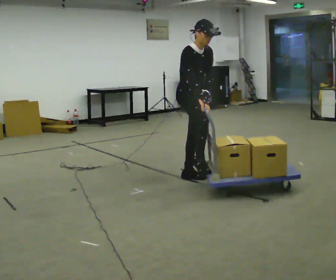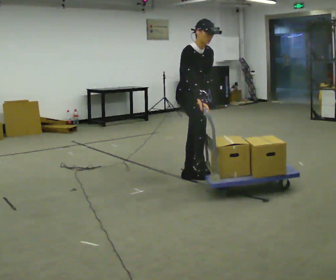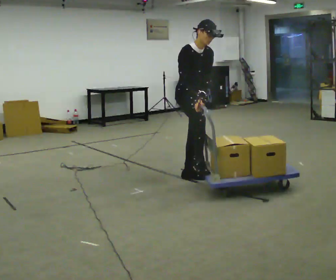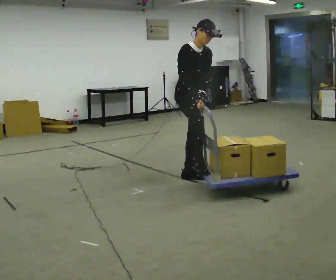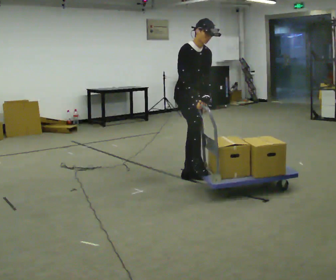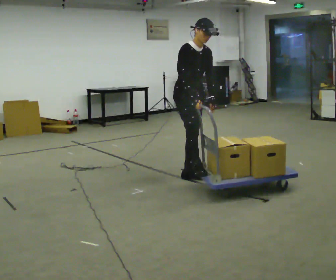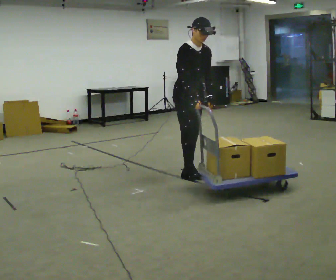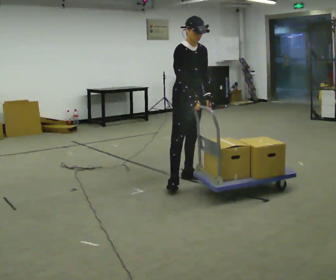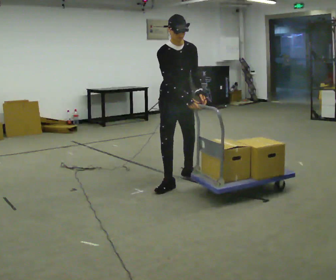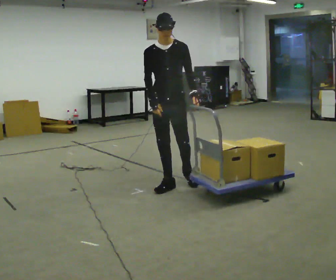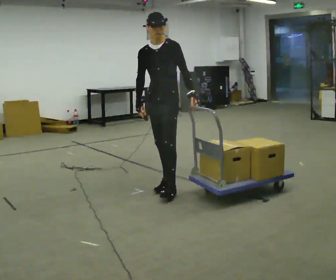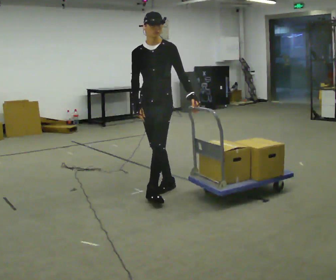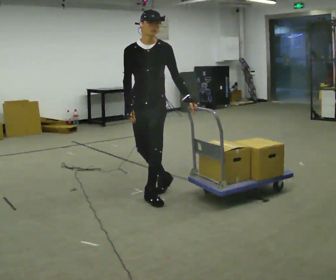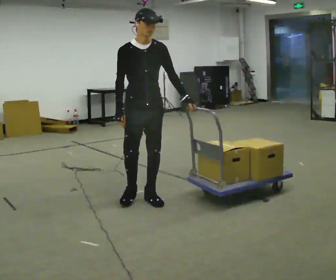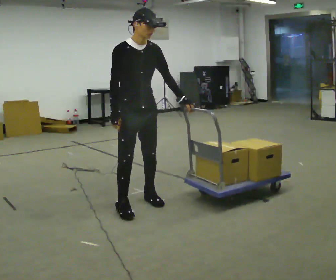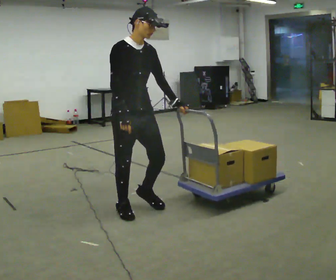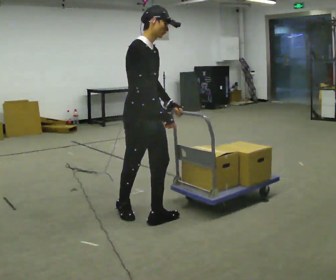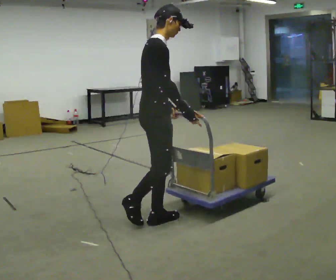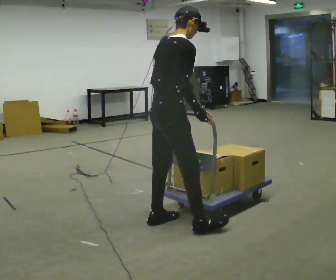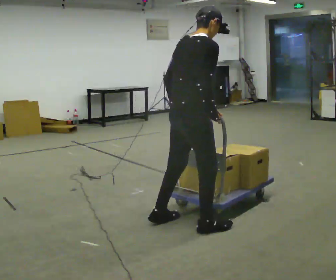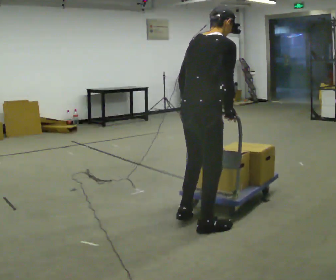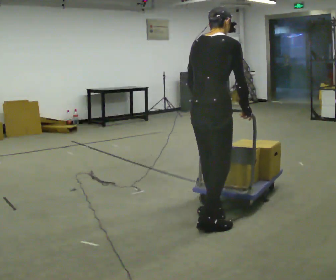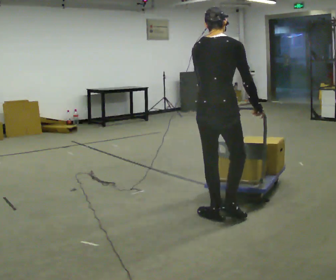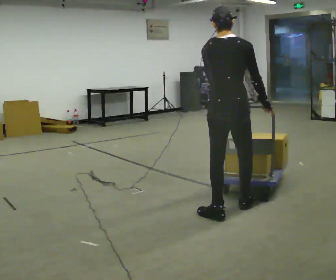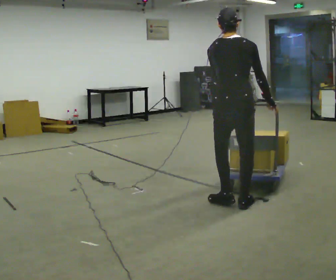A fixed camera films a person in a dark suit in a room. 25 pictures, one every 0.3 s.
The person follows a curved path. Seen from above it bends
counterclockwise.
0.0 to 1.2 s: The person moves a little, or ends about where they began.
1.2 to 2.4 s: In the picture they go toward the camera, about 0.25 m in 1 step, which for them is to their right.
2.4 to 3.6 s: The part of the body nearest the lens slides to the left as the person turns to their right by about 30 degrees. In the picture they go toward the camera and to the left, about 0.5 m in 1 step, which for them is forward.
3.6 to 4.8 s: The part of the body nearest the lens slides to the right as the person turns to their left by about 75 degrees. In the picture they go toward the camera, about 0.5 m in 2 steps.
4.8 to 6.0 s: Seen from above the body turns counterclockwise, about 75 degrees: to their left, with its near side sliding to the right. In the picture they go to the right and toward the camera, about 0.5 m in 1 step.
6.0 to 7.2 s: The part of the body nearest the lens slides to the right as the person turns to their left by about 30 degrees. In the picture they go to the right and away from the camera, about 0.5 m in 2 steps, which for them is forward. In the picture the upper body tilts counterclockwise, shoulders to the left.
The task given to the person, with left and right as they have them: Push the cart across the room and back. The operator will change how much is loaded on it between takes and will tell you each time.
The film runs forward here.
